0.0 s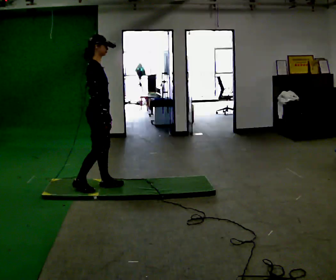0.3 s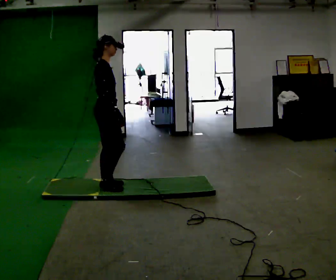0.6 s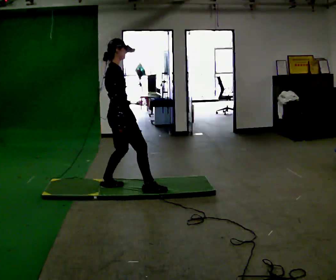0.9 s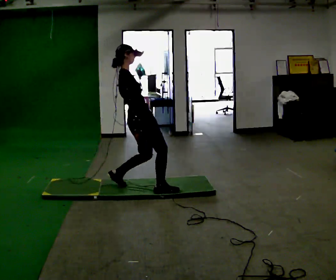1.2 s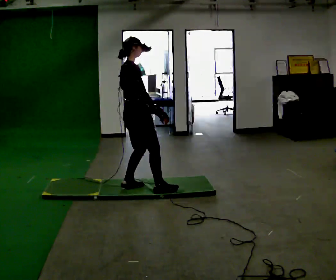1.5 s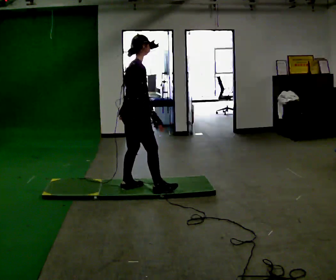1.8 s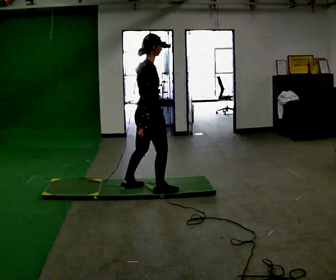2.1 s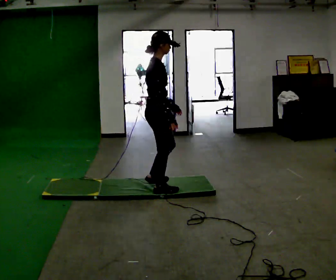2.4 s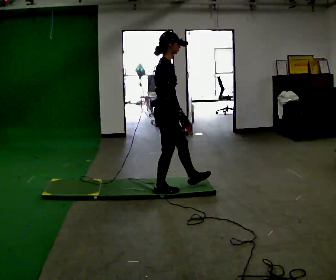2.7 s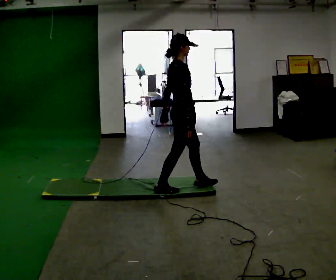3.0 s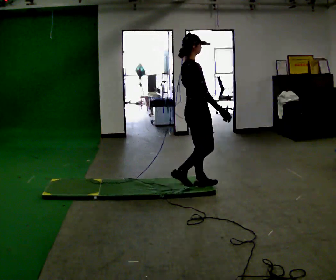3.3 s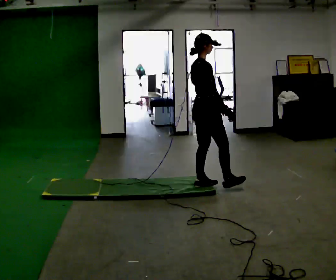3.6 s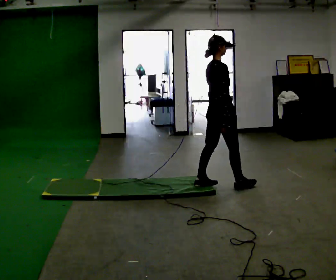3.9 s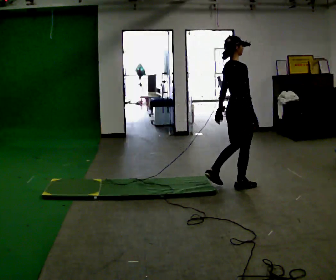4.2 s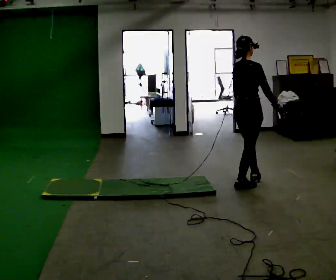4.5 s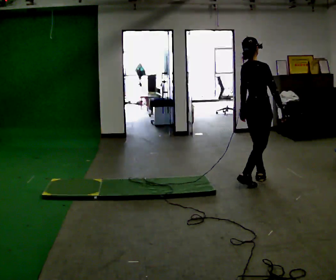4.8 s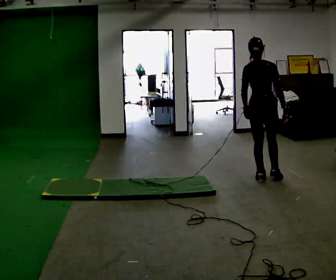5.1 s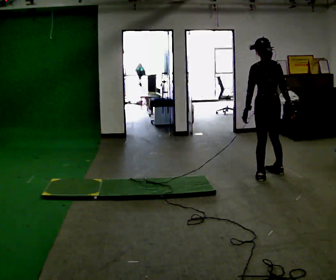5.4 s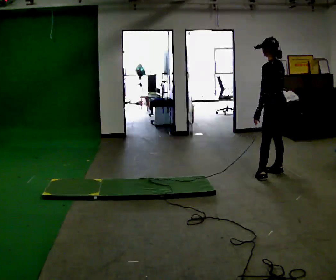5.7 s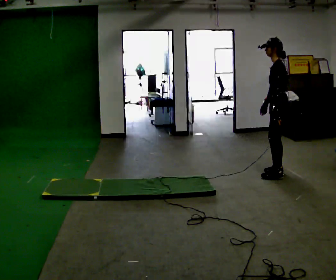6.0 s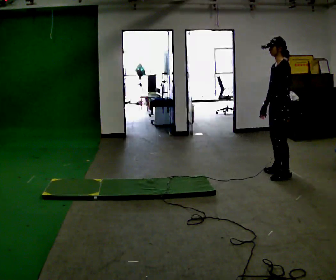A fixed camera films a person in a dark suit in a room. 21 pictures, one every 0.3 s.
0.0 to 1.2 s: In the picture they go to the right, about 0.25 m in 2 steps, which for them is forward.
1.2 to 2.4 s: In the picture they go to the right, about 0.25 m, which for them is forward and to their right.
2.4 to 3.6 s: In the picture they go to the right, about 0.5 m in 2 steps, which for them is forward.
3.6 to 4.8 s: The part of the body nearest the lens slides to the right as the person turns to their left by about 45 degrees. In the picture they go to the right and away from the camera, about 0.5 m in 1 step, which for them is forward.
4.8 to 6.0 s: The person turns about 120 degrees to their left, counterclockwise seen from above, so the part of the body nearest the lens slides to the right. In the picture they go to the right, about 0.25 m in 2 steps.
The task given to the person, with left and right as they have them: Walk across the floor at a normal pace. It may be more slippery in places. Recover however comes naturally.
The film runs forward here.
